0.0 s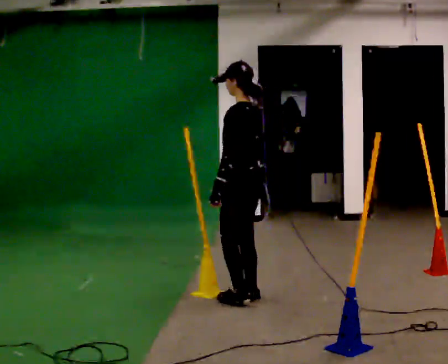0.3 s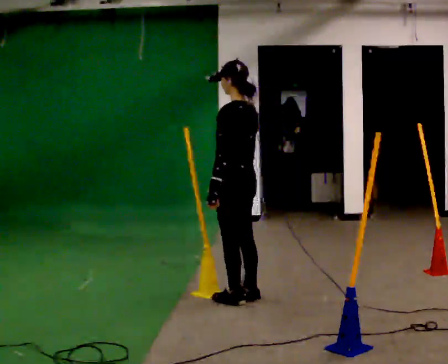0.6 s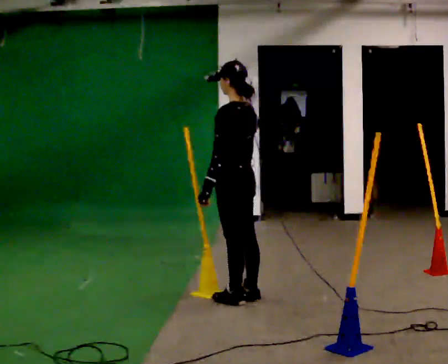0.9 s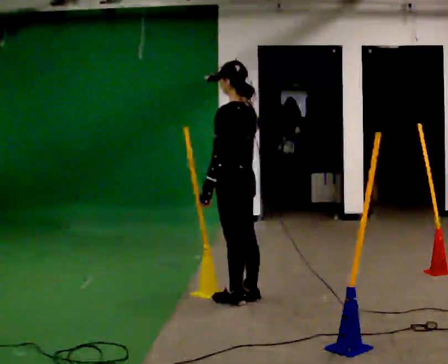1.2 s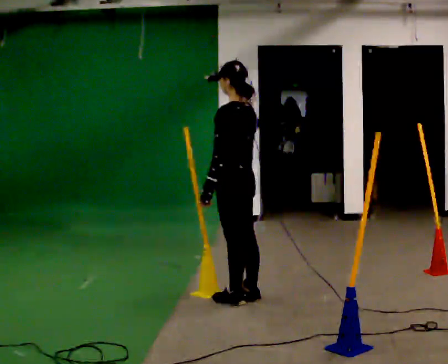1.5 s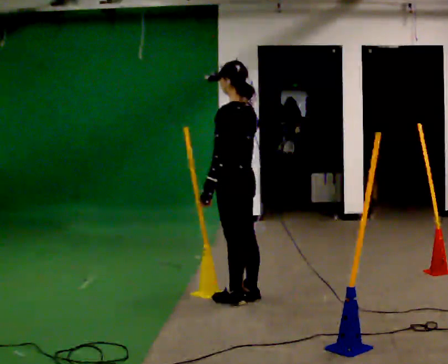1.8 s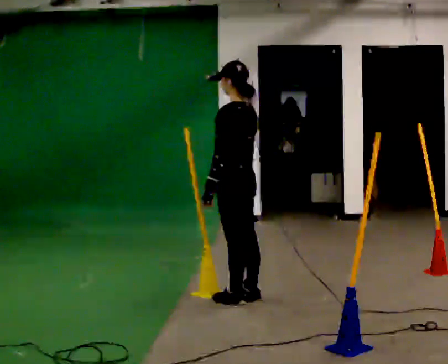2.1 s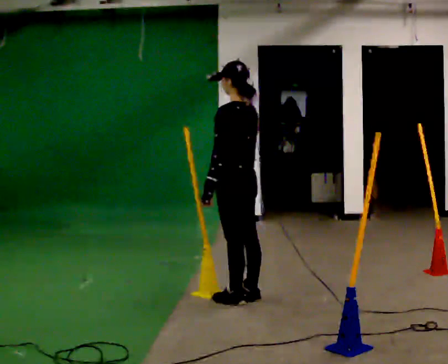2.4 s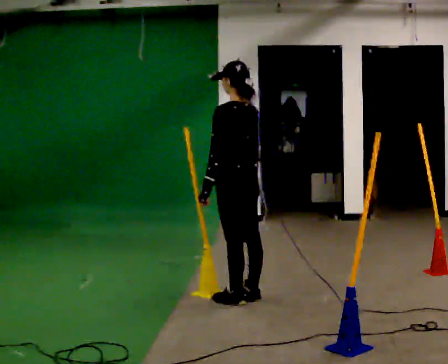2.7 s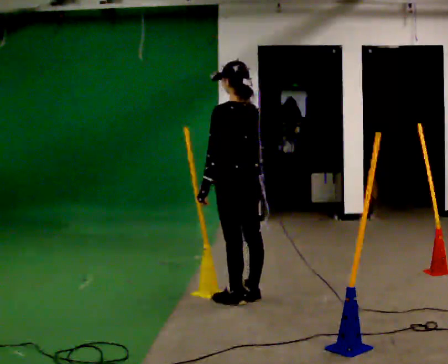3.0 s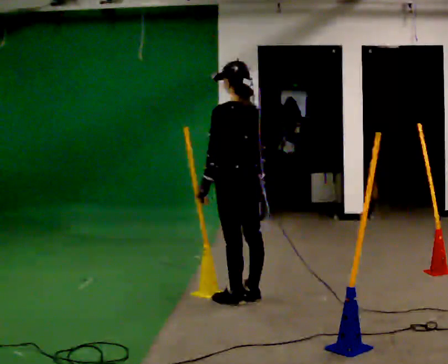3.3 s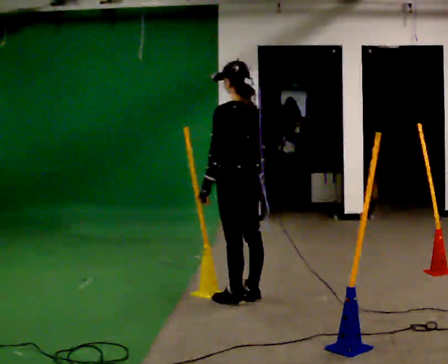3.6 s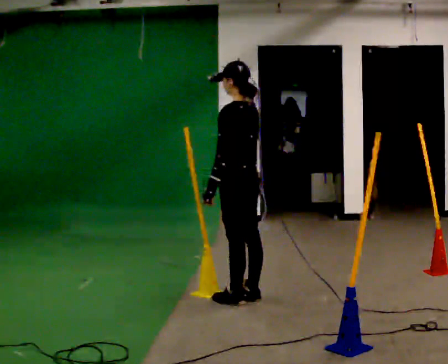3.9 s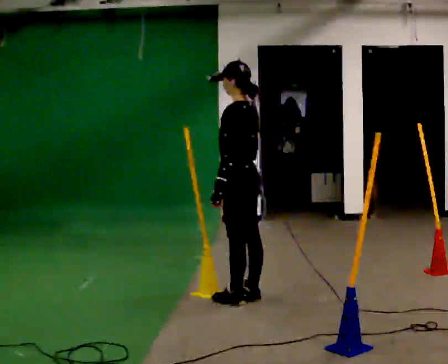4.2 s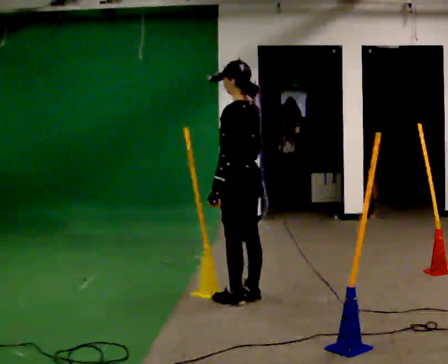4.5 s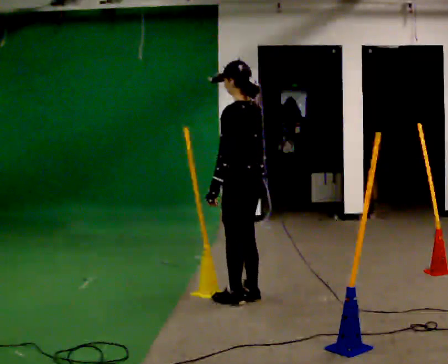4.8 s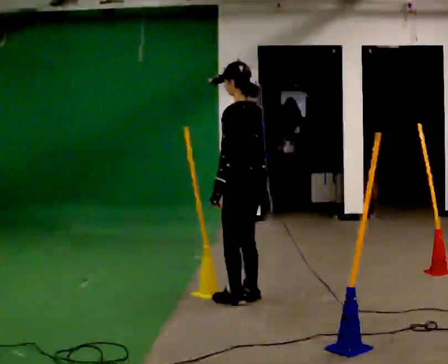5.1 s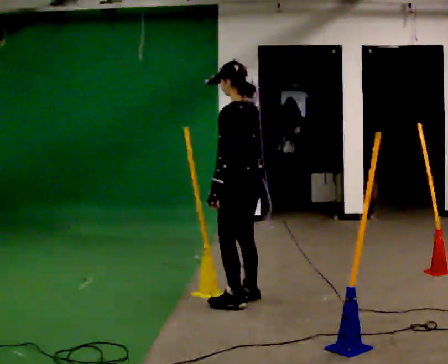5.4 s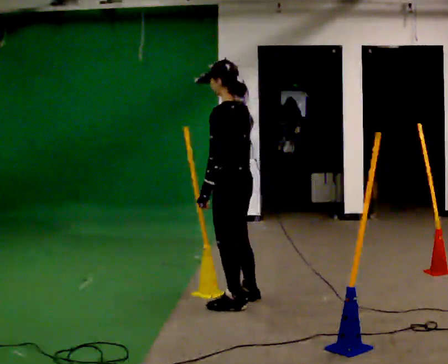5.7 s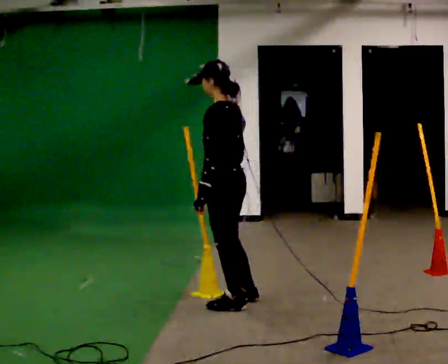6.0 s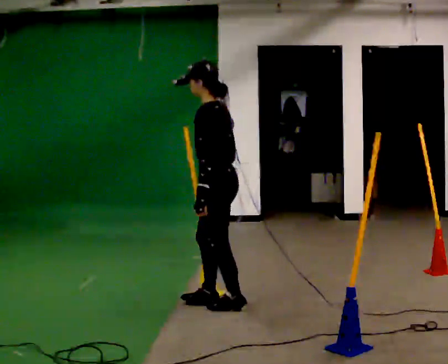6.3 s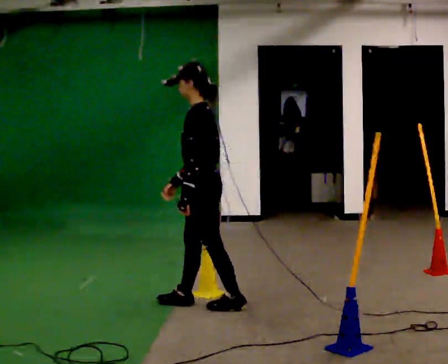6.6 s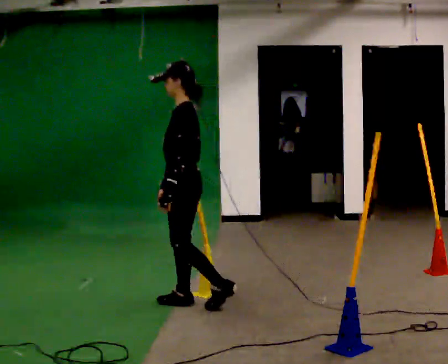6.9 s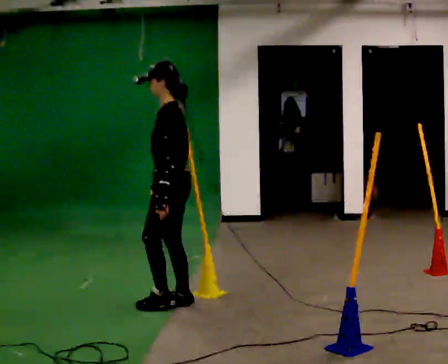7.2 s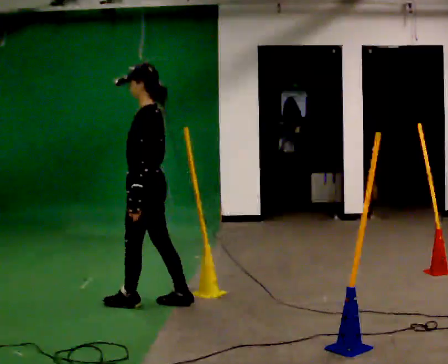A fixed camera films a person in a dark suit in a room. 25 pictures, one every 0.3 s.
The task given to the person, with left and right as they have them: Start at marker; visit targets in order; choose natural paths; avoid obstacles; stop at final target.
0.0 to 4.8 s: The person moves a little, or ends about where they began.
4.8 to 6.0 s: In the picture they go to the left and toward the camera, about 0.25 m, which for them is to their left.
6.0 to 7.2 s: In the picture they go to the left, about 0.5 m in 2 steps, which for them is forward.
The film runs forward here.
